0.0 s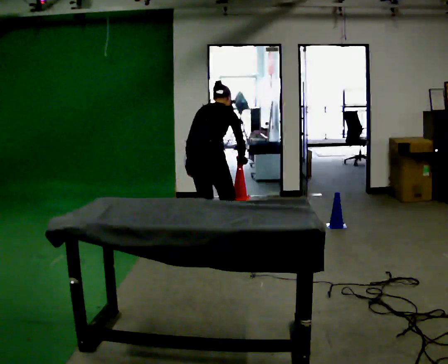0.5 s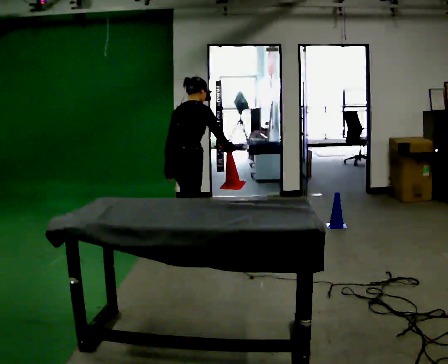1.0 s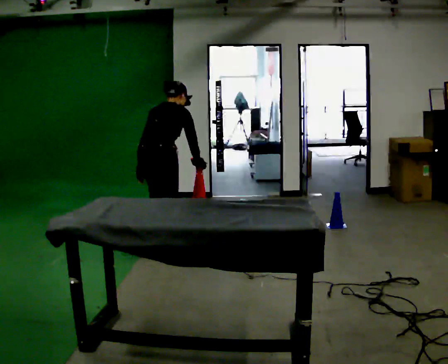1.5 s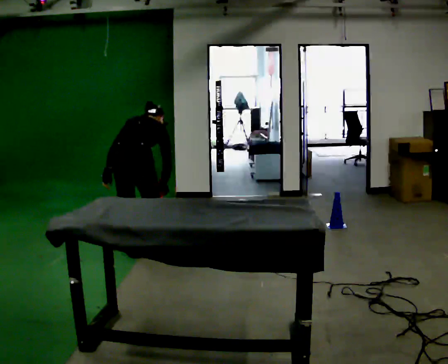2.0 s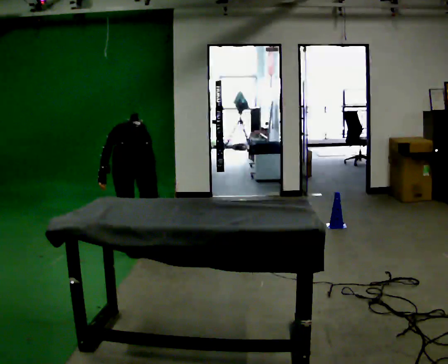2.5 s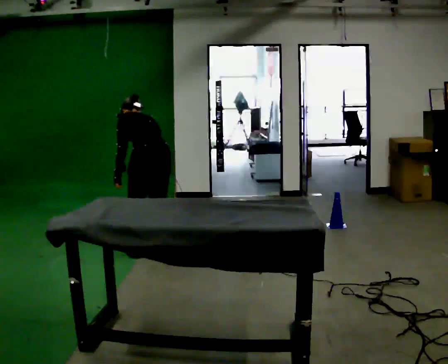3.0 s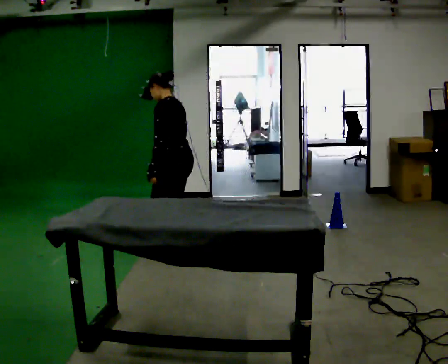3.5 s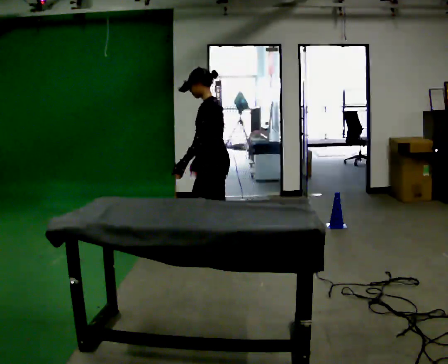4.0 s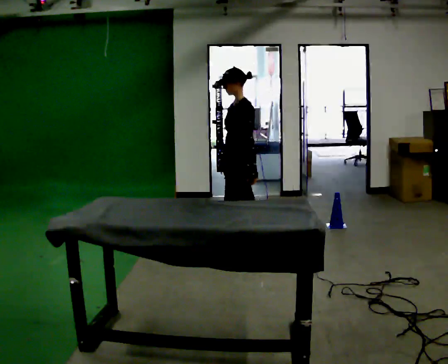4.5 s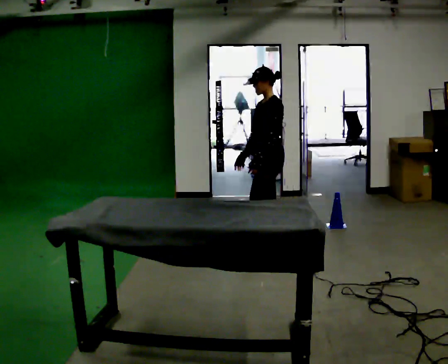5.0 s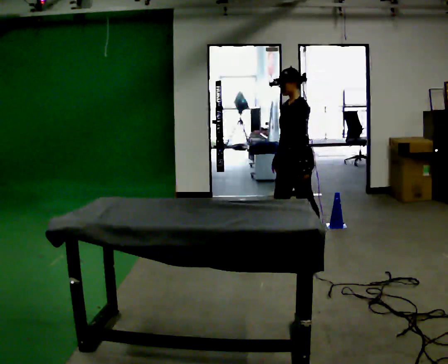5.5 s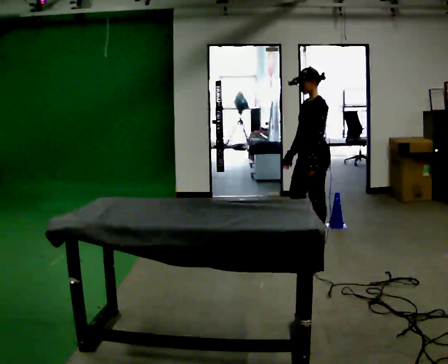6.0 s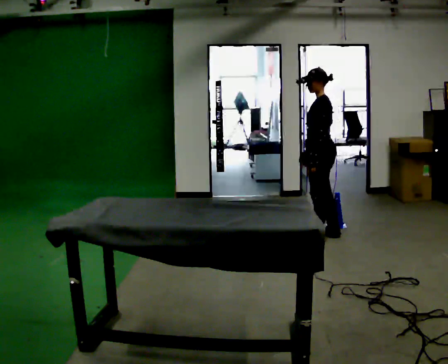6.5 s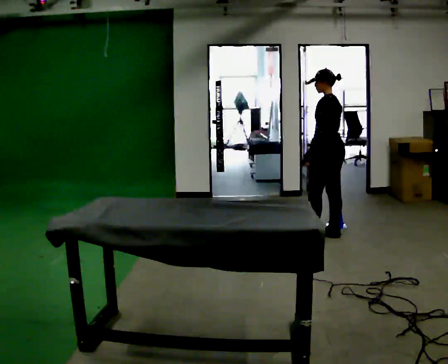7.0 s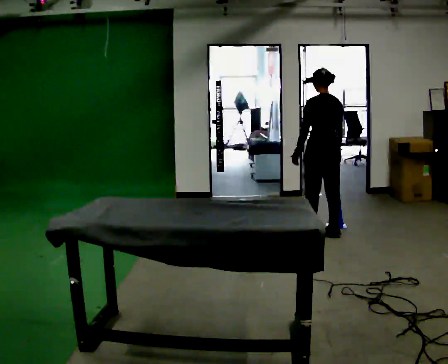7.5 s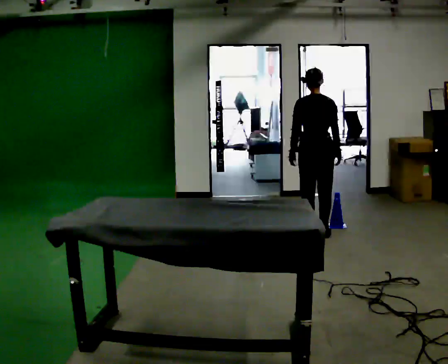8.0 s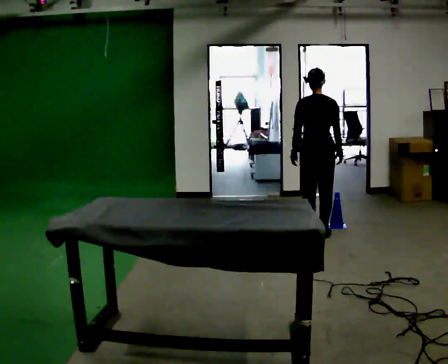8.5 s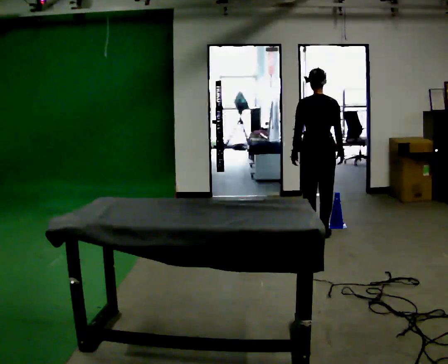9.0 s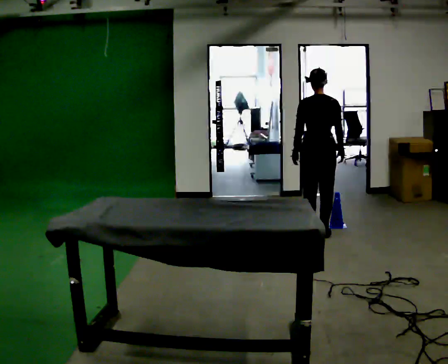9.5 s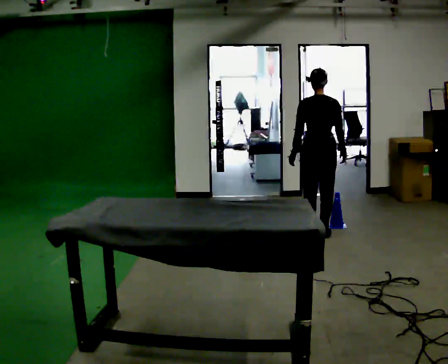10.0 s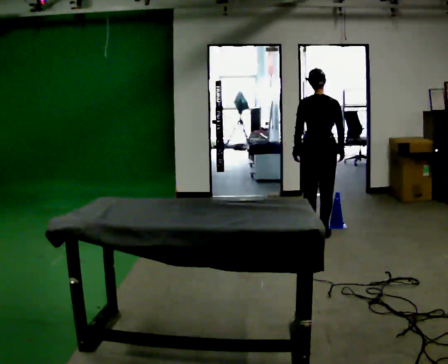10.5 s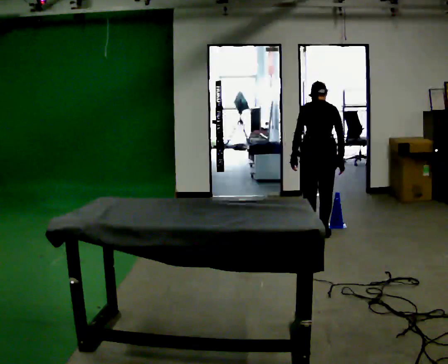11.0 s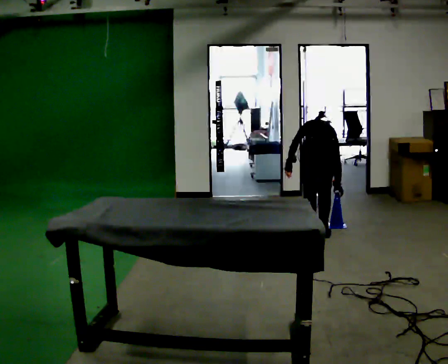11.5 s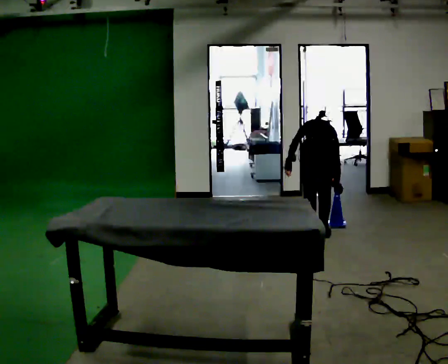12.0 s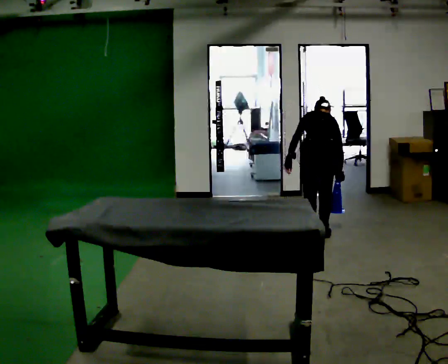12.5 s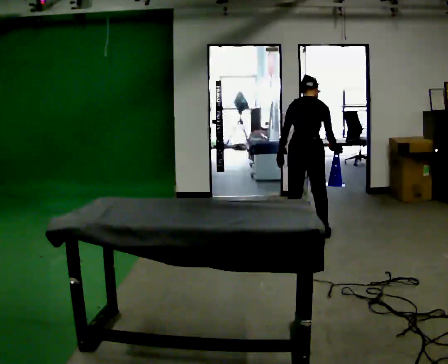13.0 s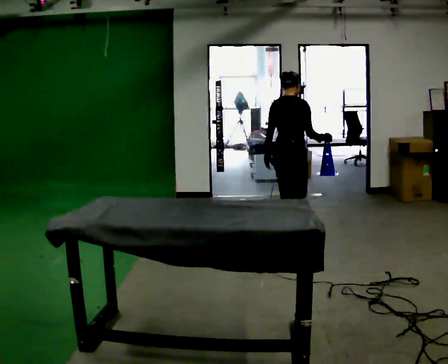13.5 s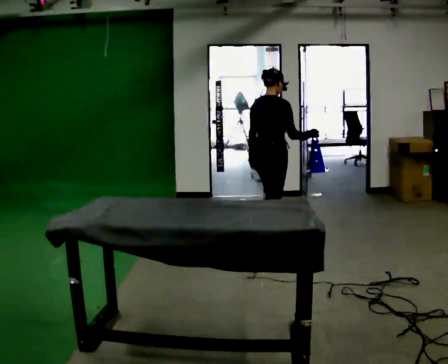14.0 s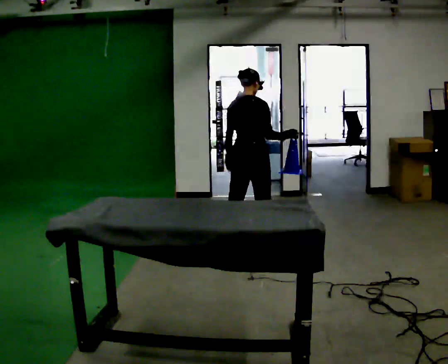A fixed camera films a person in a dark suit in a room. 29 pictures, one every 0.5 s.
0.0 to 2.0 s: Seen from above the body turns counterclockwise, about 45 degrees: to their left, with its near side sliding to the right. In the picture they go to the left and toward the camera, about 0.75 m in 1 step. The shoulders move downward. In the picture the upper body tilts counterclockwise, shoulders to the left.
2.0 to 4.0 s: The person turns about 90 degrees to their left, counterclockwise seen from above, so the part of the body nearest the lens slides to the right. In the picture they go to the right and away from the camera, about 1 m in 2 steps. The shoulders move upward. The upper body tips toward the camera, its near side rolling downward, as they lean back or straighten.
4.0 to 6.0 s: In the picture they go to the right and away from the camera, about 1 m in 2 steps, which for them is backward.
6.0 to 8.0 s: The person turns about 90 degrees to their right, clockwise seen from above, so the part of the body nearest the lens slides to the left. In the picture they go away from the camera, about 0.25 m.
8.0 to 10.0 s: The person moves a little, or ends about where they began.
10.0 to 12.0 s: In the picture they go toward the camera, about 0.25 m, which for them is backward.
12.0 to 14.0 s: The part of the body nearest the lens slides to the left as the person turns to their right by about 30 degrees. In the picture they go to the left and toward the camera, about 0.75 m in 3 steps, which for them is backward and to their left. The upper body goes upward. The upper body tips toward the camera, its near side rolling downward, as they lean back or straighten.
The film runs backward here.
